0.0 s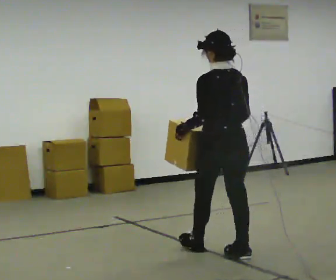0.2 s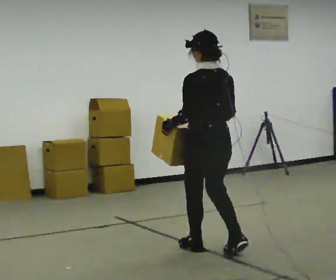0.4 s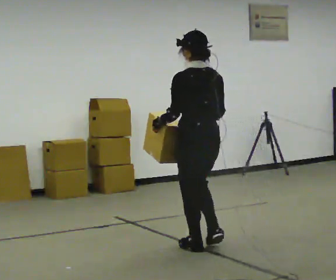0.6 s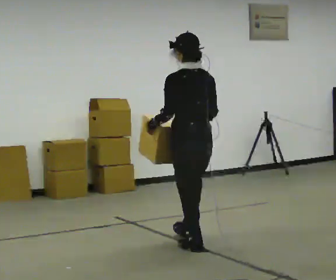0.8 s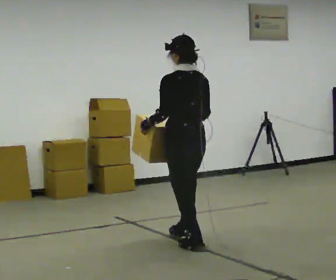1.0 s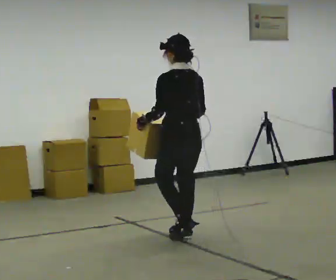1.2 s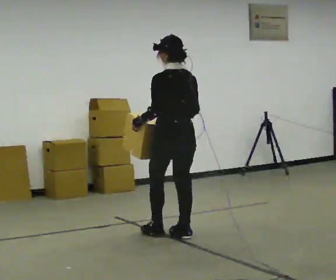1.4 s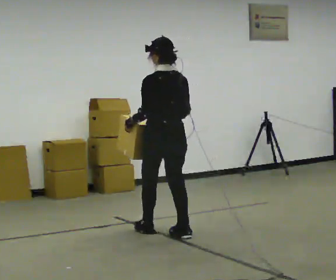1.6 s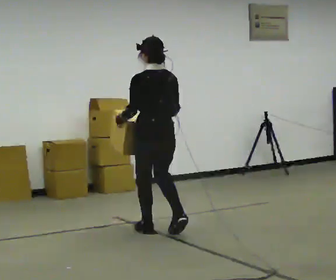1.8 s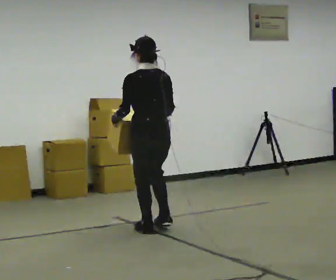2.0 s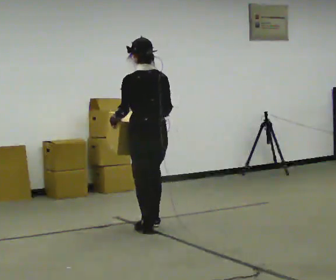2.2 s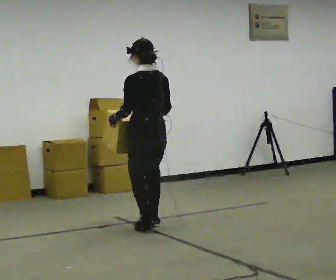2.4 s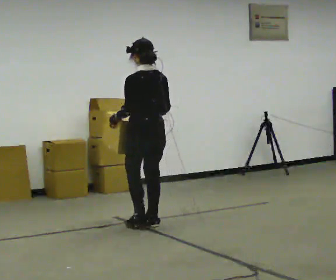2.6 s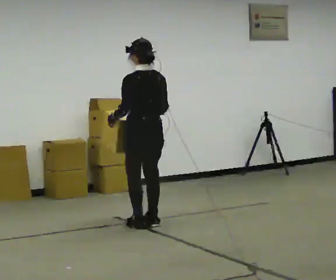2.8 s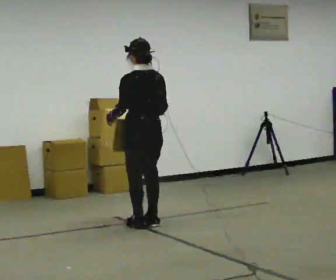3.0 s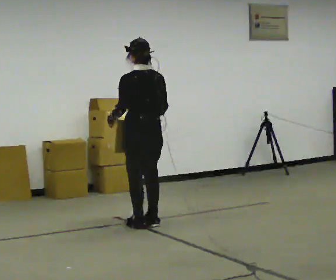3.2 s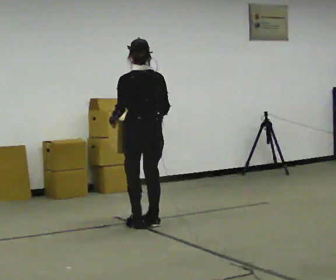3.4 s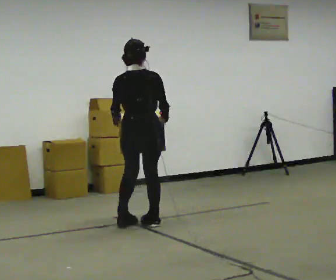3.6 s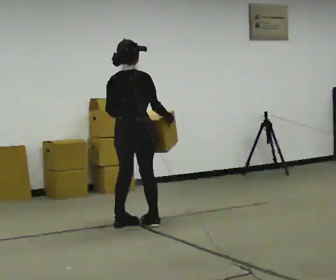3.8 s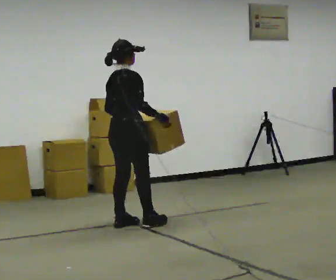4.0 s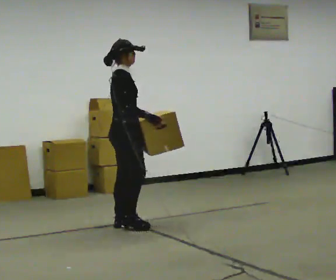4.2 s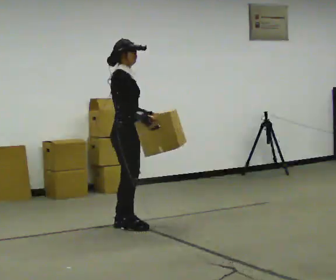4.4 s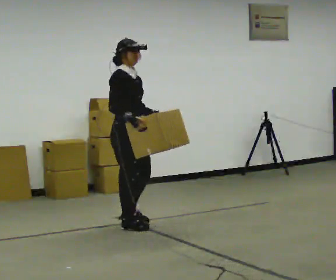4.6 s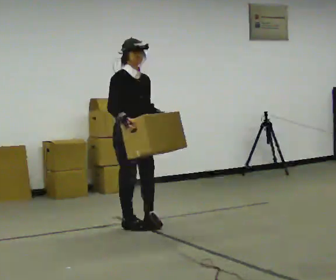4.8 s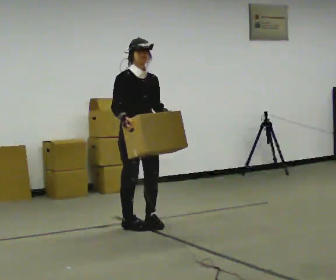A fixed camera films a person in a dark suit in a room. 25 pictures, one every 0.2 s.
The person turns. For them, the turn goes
to their right.
Their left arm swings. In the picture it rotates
counterclockwise.
0.0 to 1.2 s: In the picture they go away from the camera and to the left, about 0.5 m in 1 step, which for them is forward.
1.2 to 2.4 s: In the picture they go away from the camera and to the left, about 0.5 m in 2 steps, which for them is forward.
2.4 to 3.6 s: The person turns about 45 degrees to their right, clockwise seen from above, so the part of the body nearest the lens slides to the left. In the picture they go to the left, about 0.25 m in 2 steps, which for them is to their left.
3.6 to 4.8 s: The part of the body nearest the lens slides to the left as the person turns to their right by about 135 degrees. In the picture their right hand goes to the left, the arm swinging clockwise.
The film runs forward here.
